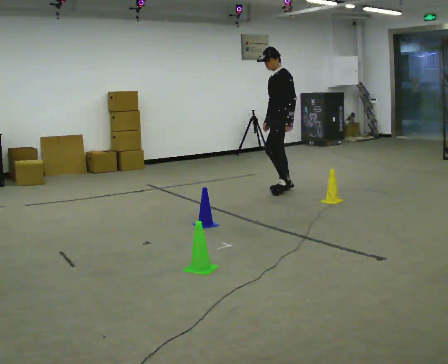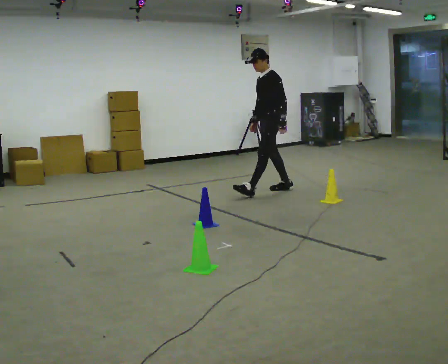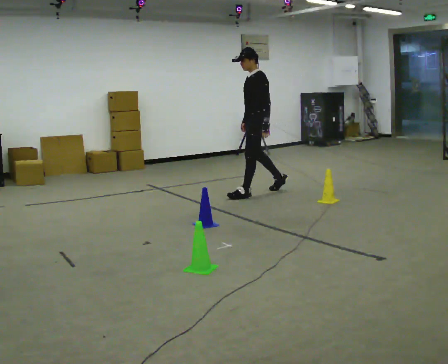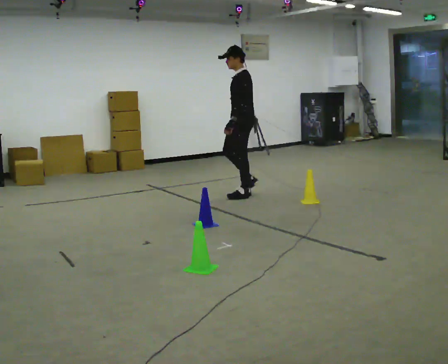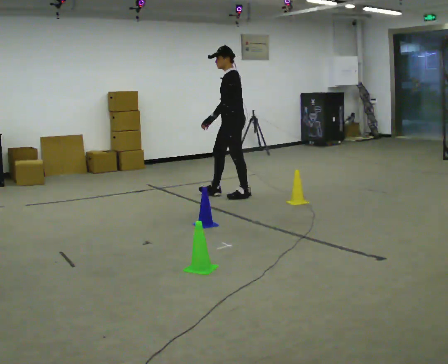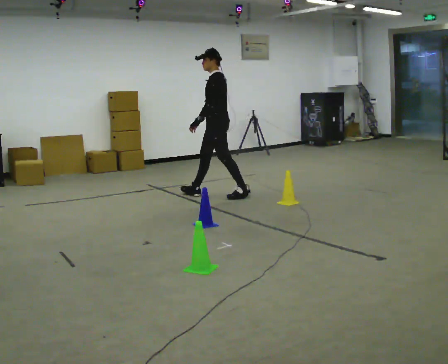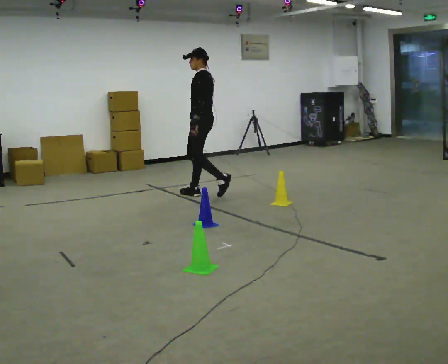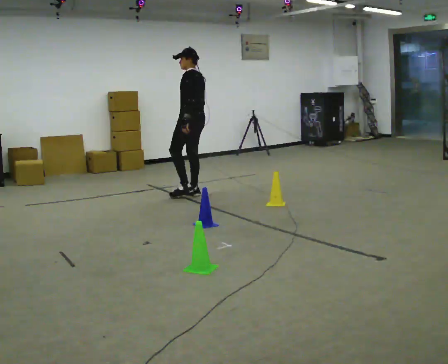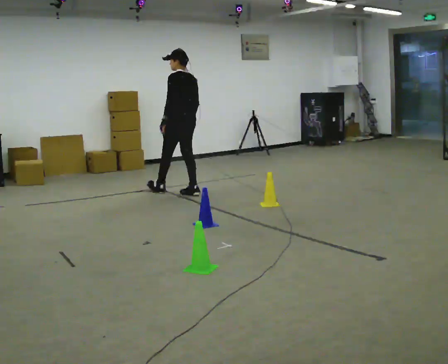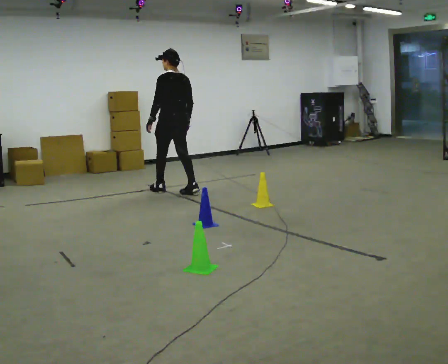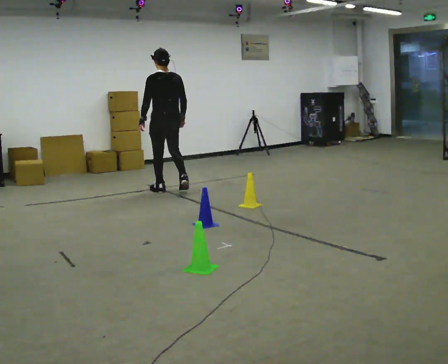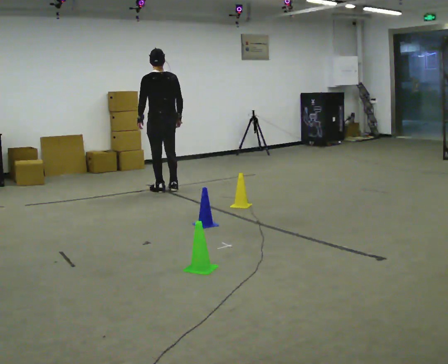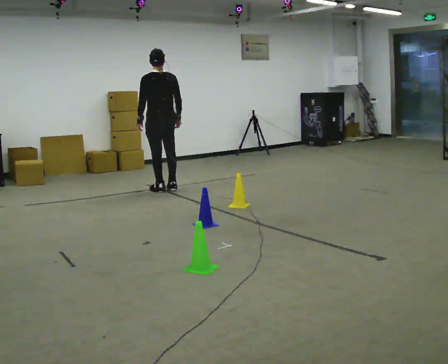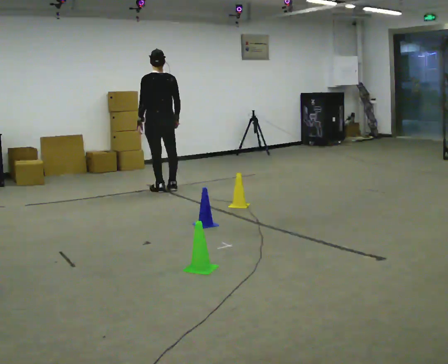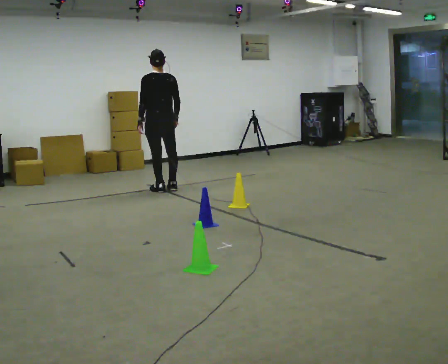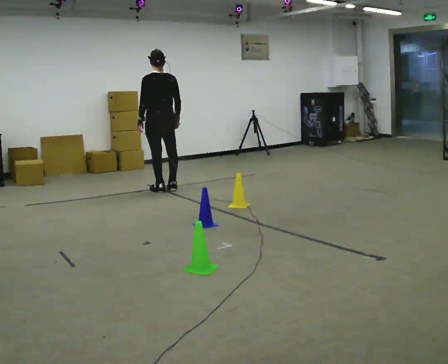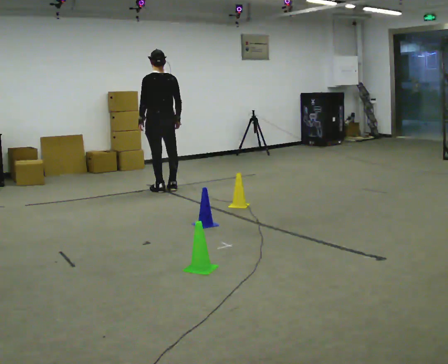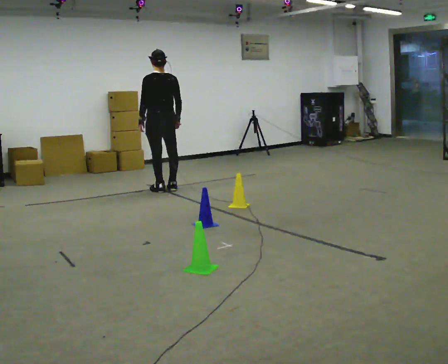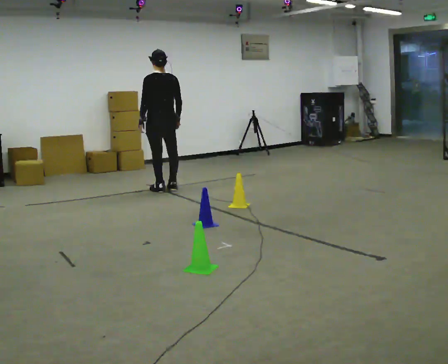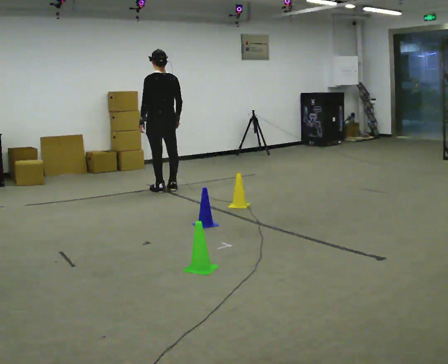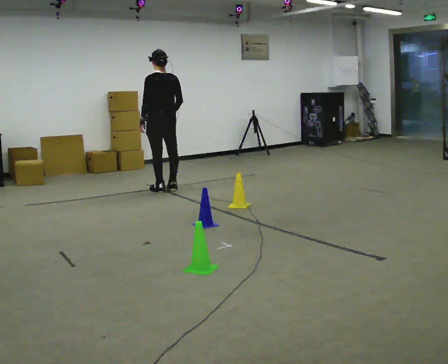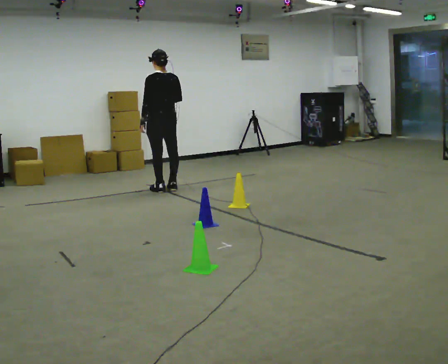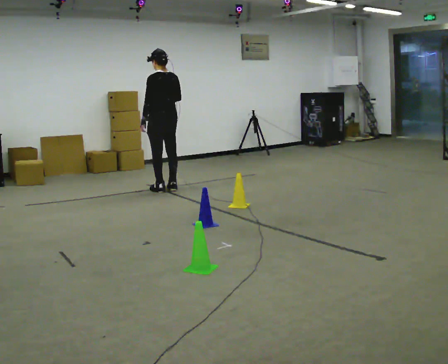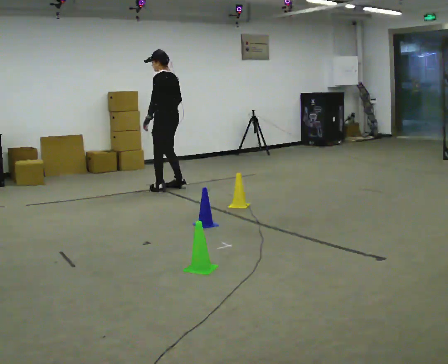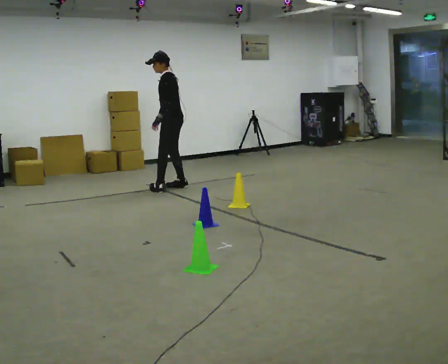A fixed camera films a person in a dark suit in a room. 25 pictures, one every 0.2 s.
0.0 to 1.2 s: In the picture they go to the left, about 1 m in 2 steps, which for them is forward.
1.2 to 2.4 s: The part of the body nearest the lens slides to the left as the person turns to their right by about 45 degrees. In the picture they go to the left and away from the camera, about 0.5 m in 2 steps, which for them is forward and to their left.
2.4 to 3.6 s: The person moves a little, or ends about where they began.
3.6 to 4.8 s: Seen from above the body turns counterclockwise, about 60 degrees: to their left, with its near side sliding to the right. In the picture they go to the right, about 0.25 m in 1 step, which for them is to their right.
The film runs forward here.
